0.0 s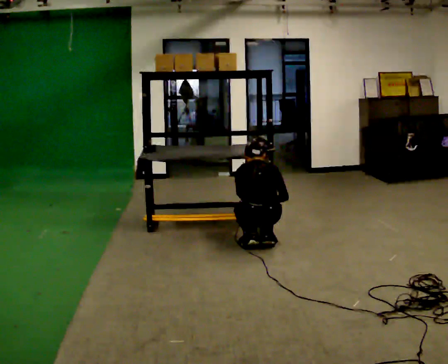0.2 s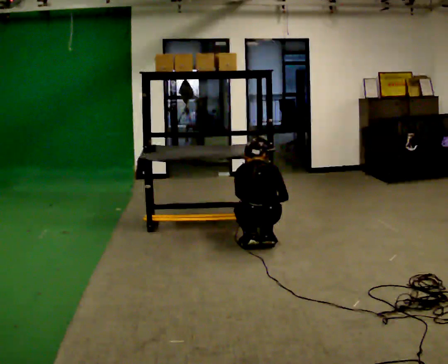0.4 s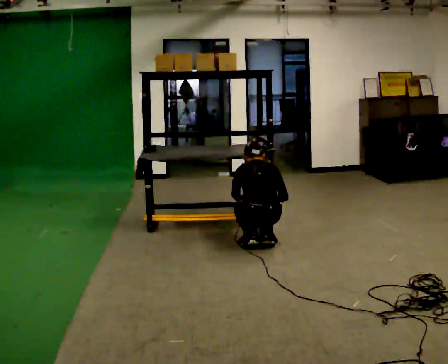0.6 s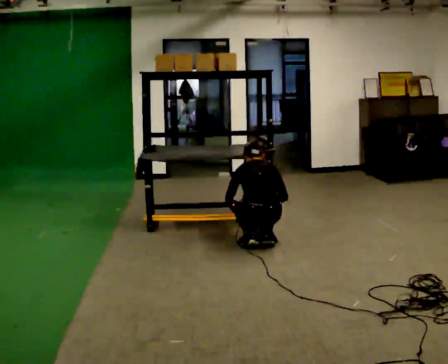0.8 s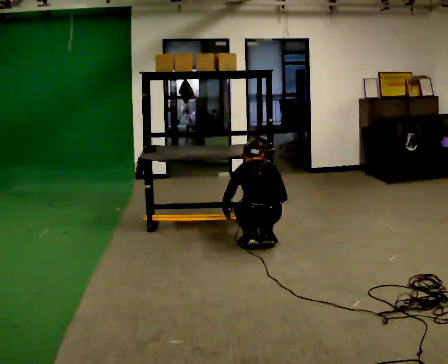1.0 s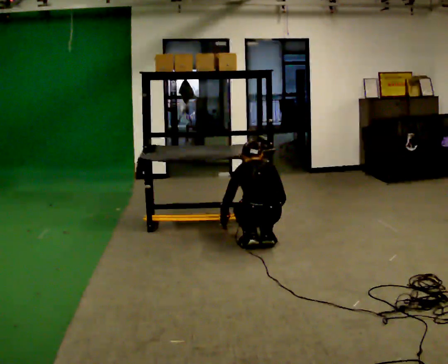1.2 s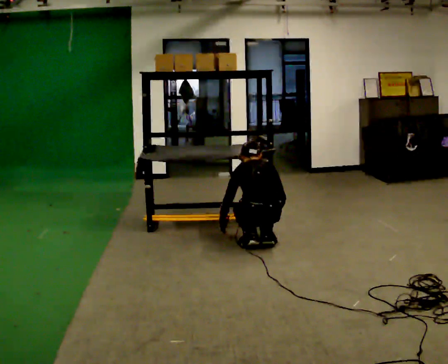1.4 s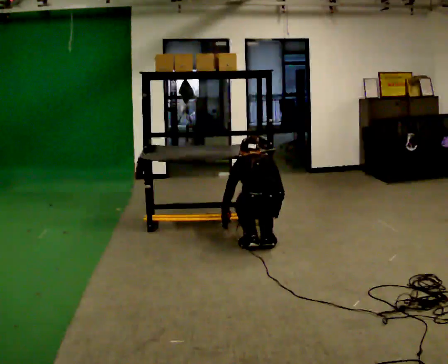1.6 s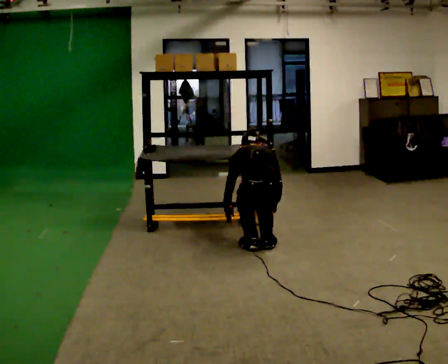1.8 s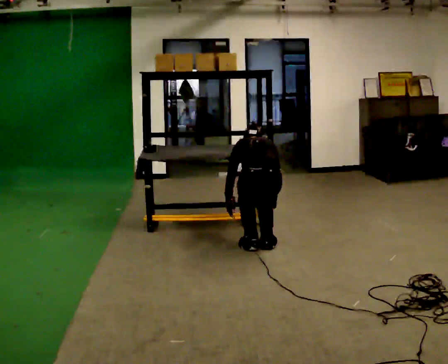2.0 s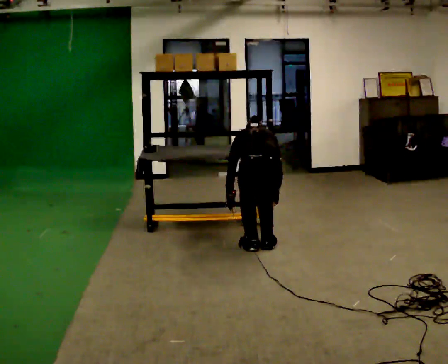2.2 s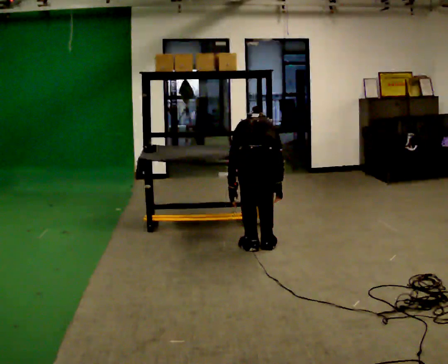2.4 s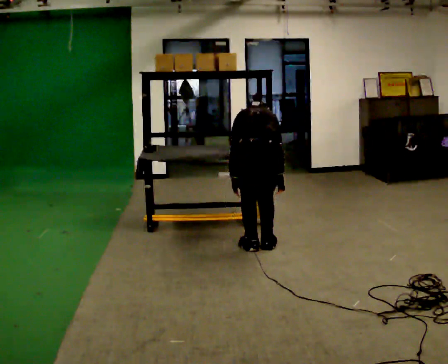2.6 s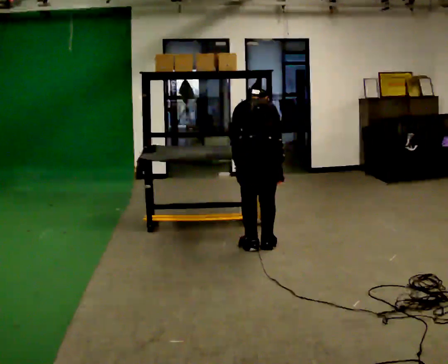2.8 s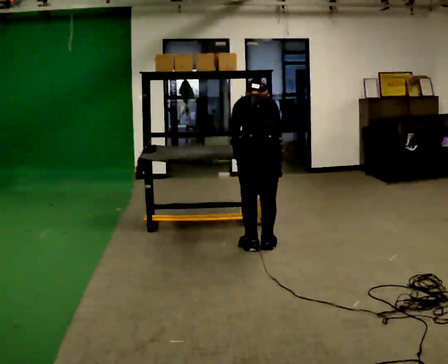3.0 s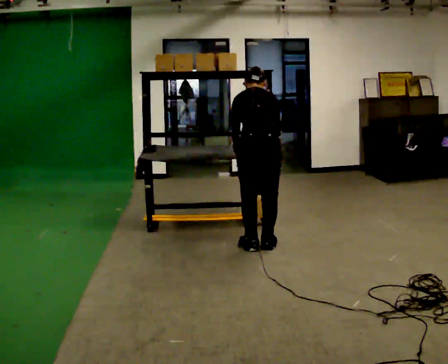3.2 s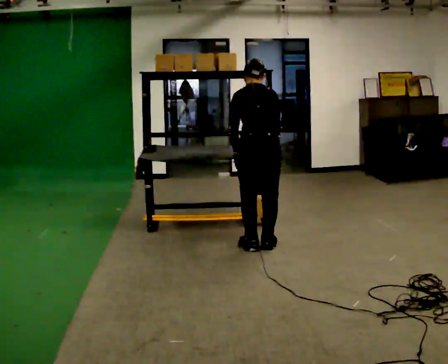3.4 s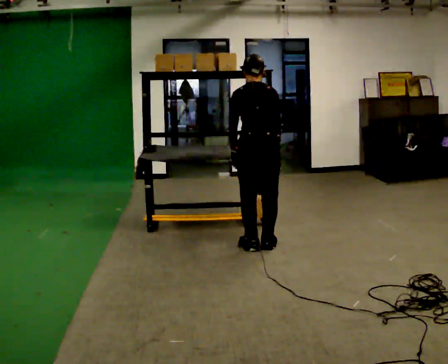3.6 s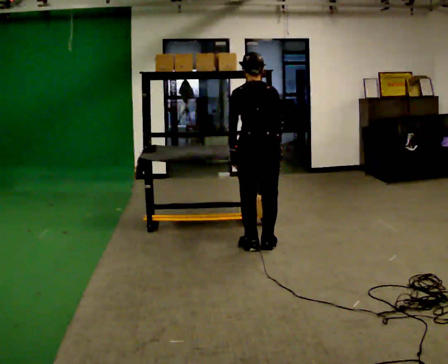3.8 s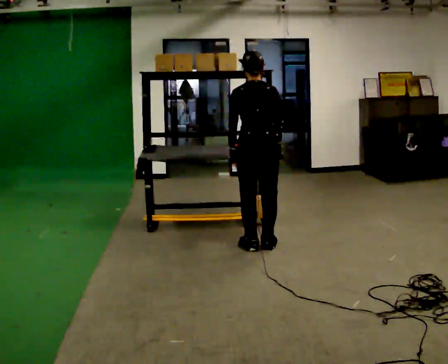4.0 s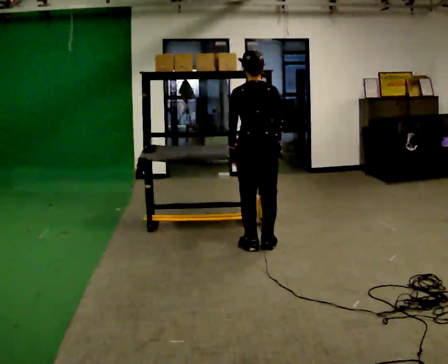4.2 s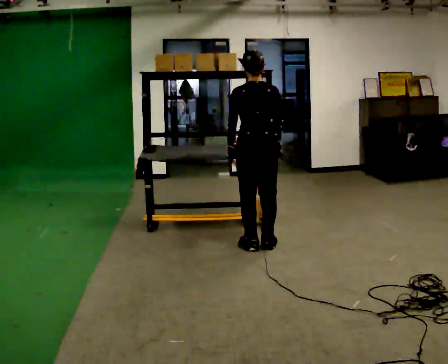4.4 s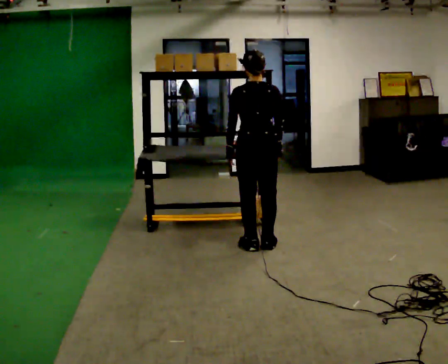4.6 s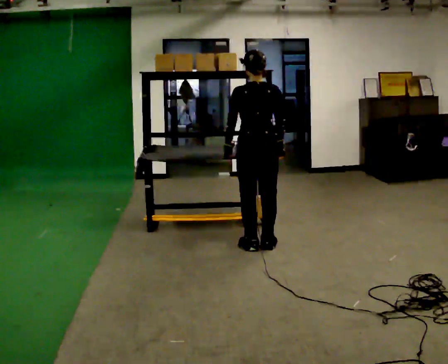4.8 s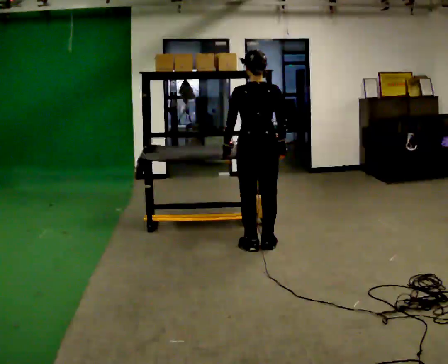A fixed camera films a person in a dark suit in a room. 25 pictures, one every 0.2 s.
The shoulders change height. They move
upward.
Their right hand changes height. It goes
upward.
0.0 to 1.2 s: The person moves a little, or ends about where they began.
1.2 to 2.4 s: The upper body goes upward. In the picture their right hand goes upward.
2.4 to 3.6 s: The upper body goes upward. The upper body tips toward the camera, its near side rolling downward, as they lean back or straighten.
3.6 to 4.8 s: The person moves a little, or ends about where they began.
The film runs forward here.
